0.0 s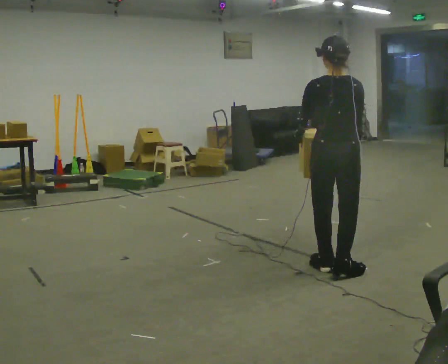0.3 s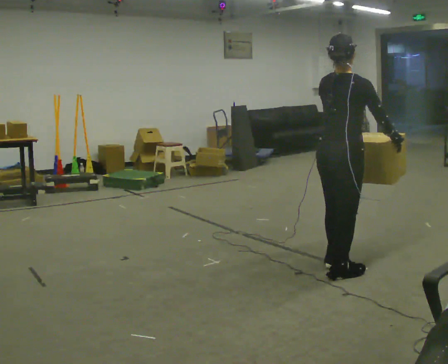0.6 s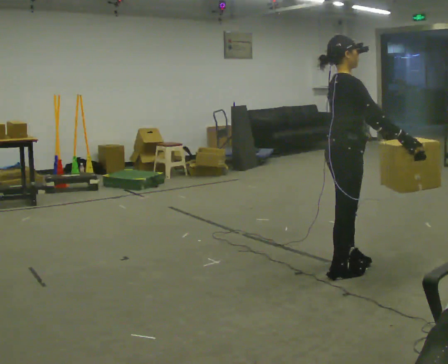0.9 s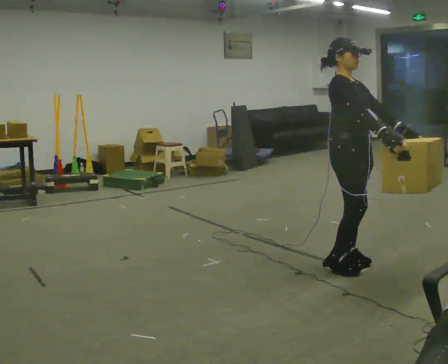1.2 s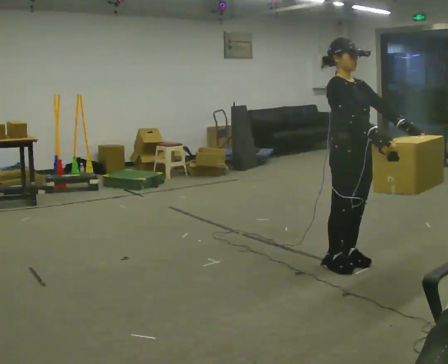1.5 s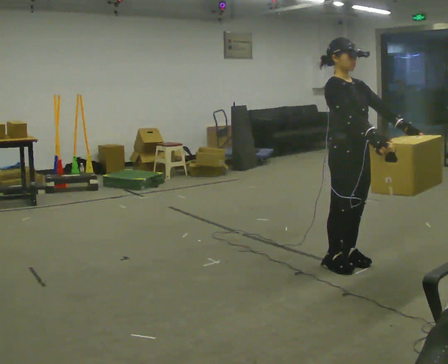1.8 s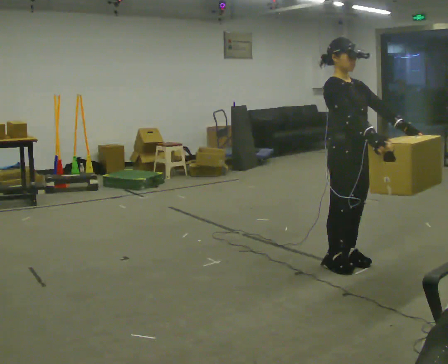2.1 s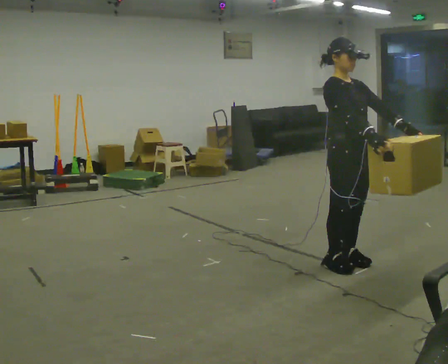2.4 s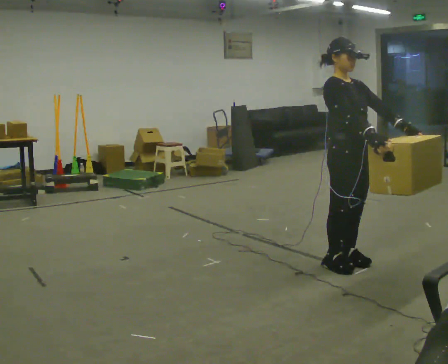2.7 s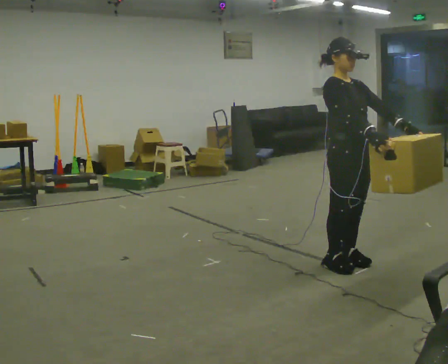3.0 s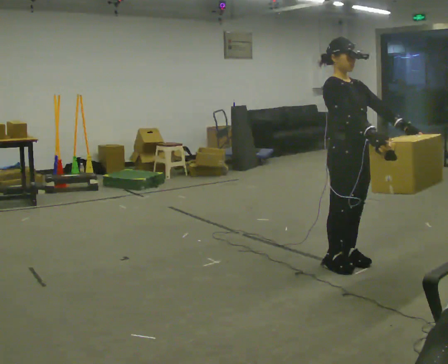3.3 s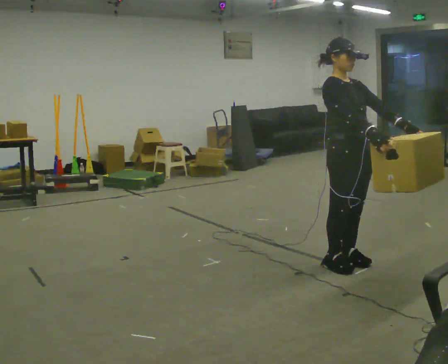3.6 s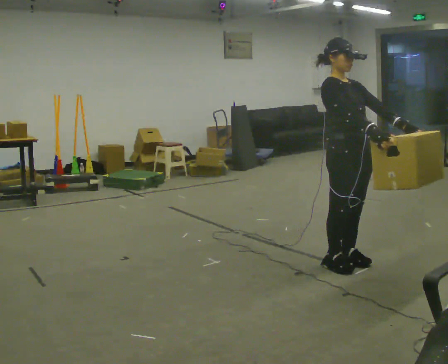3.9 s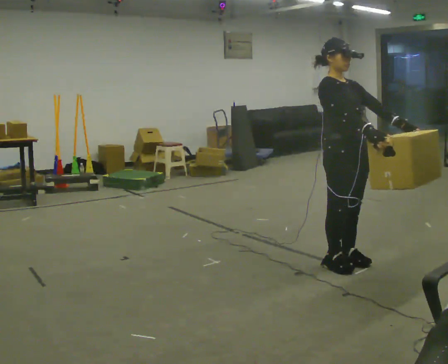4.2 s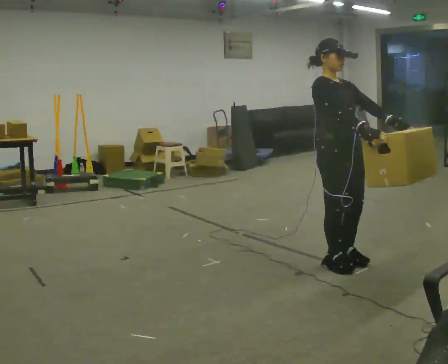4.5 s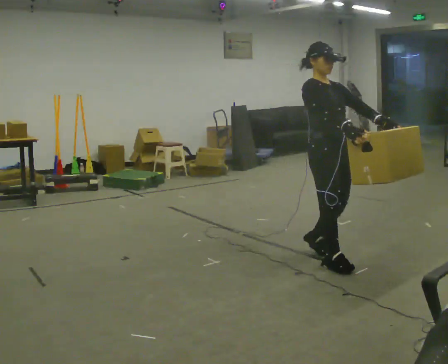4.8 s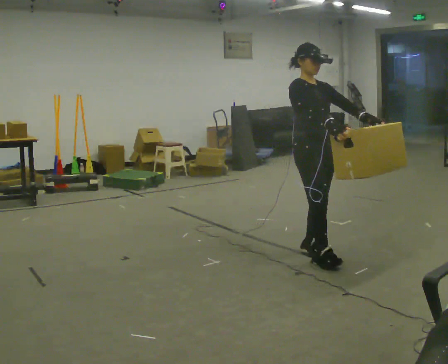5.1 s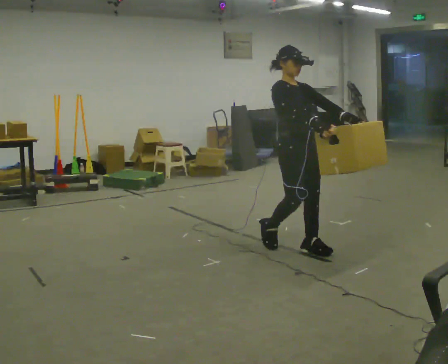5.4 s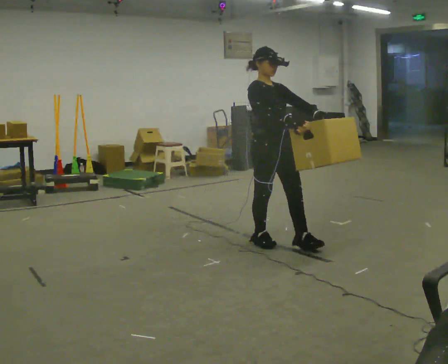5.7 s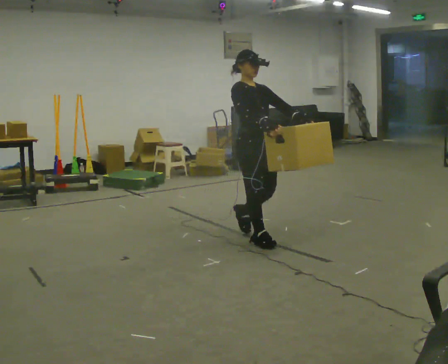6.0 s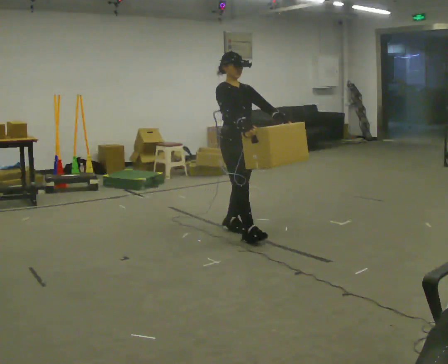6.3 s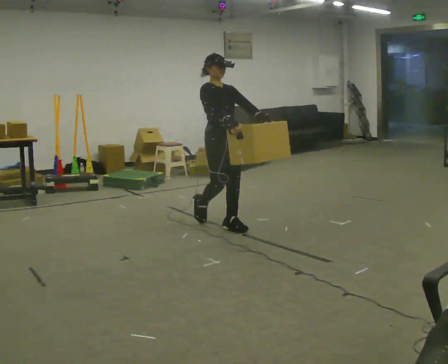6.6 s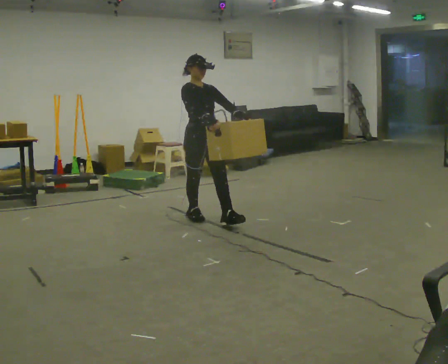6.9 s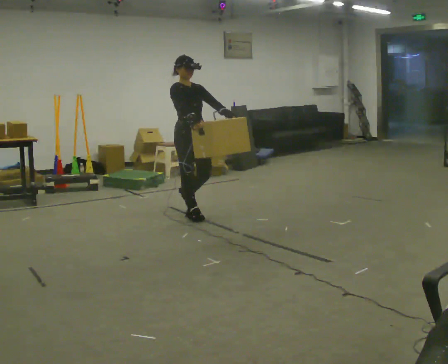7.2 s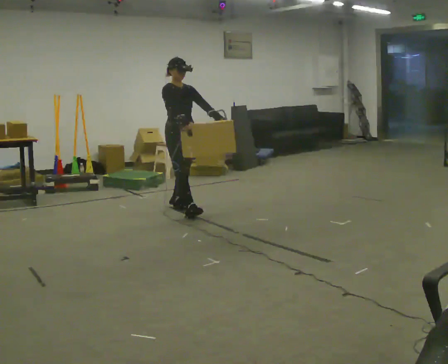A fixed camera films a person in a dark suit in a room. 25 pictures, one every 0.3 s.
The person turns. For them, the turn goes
to their right.
The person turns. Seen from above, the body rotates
clockwise.
0.0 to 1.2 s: The person turns about 135 degrees to their right, clockwise seen from above, so the part of the body nearest the lens slides to the left. In the picture their left hand goes to the right, the arm swinging counterclockwise.
1.2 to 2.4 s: The person moves a little, or ends about where they began.
2.4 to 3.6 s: The person keeps their place and pose.
3.6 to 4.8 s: In the picture they go away from the camera and to the left, about 0.25 m in 2 steps, which for them is backward.
4.8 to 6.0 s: In the picture they go to the left and away from the camera, about 1 m in 2 steps, which for them is backward.
6.0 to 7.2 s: In the picture they go to the left and away from the camera, about 1 m in 2 steps, which for them is backward.
The film runs backward here.
